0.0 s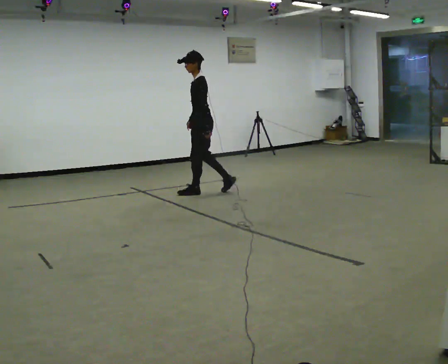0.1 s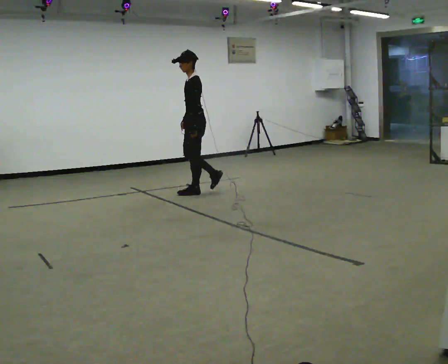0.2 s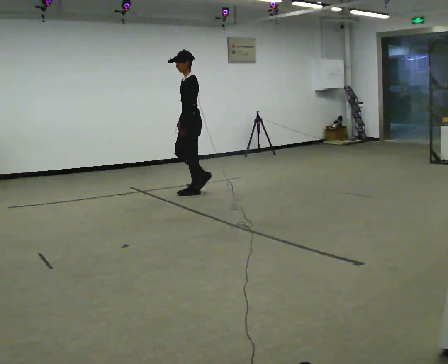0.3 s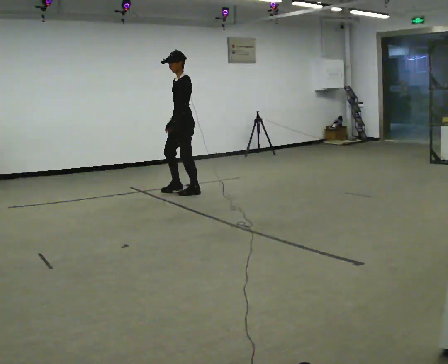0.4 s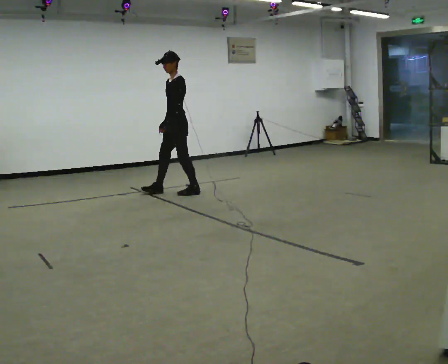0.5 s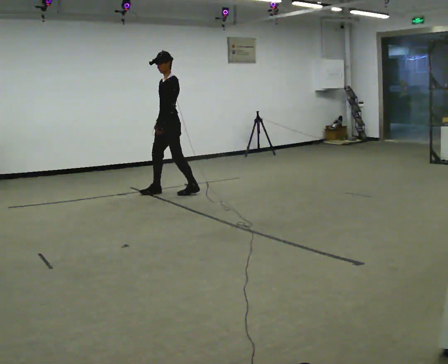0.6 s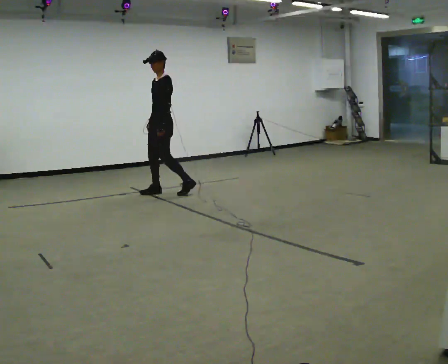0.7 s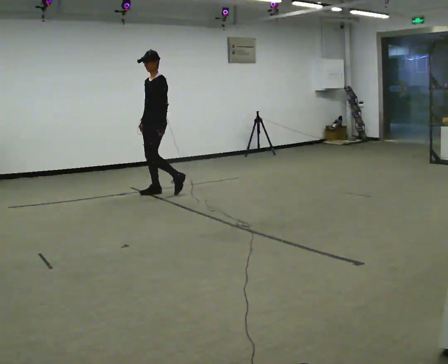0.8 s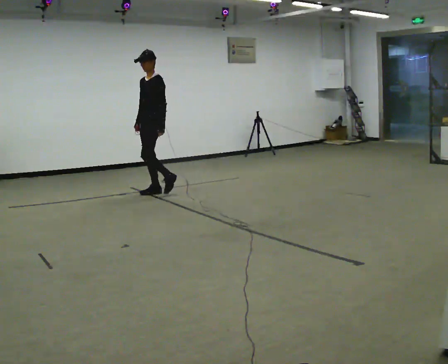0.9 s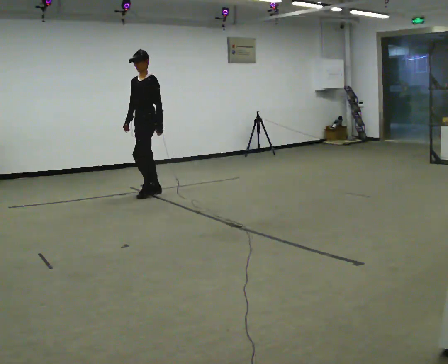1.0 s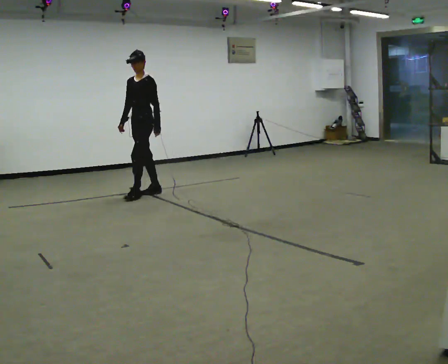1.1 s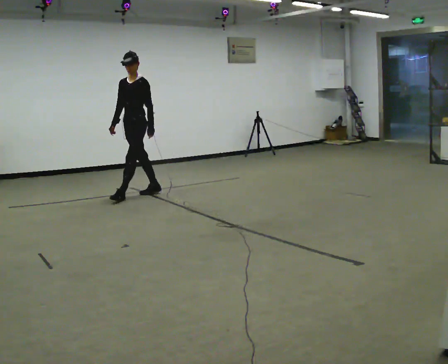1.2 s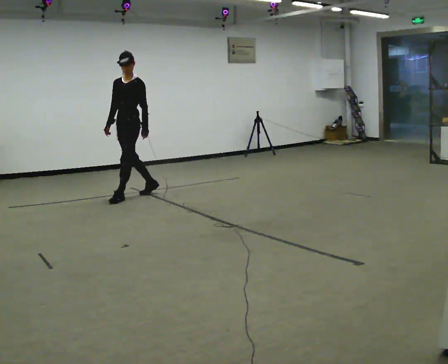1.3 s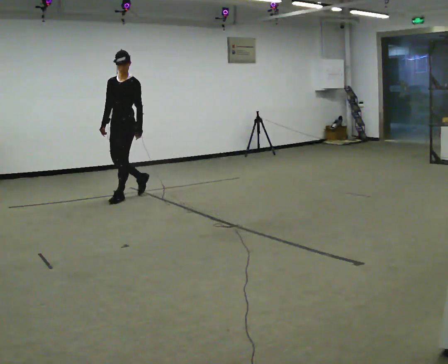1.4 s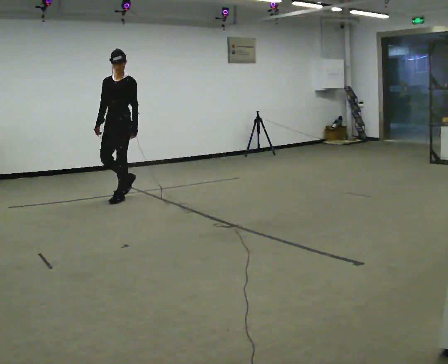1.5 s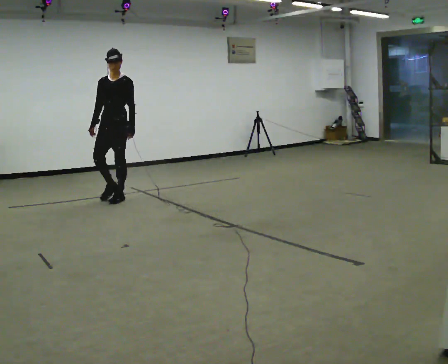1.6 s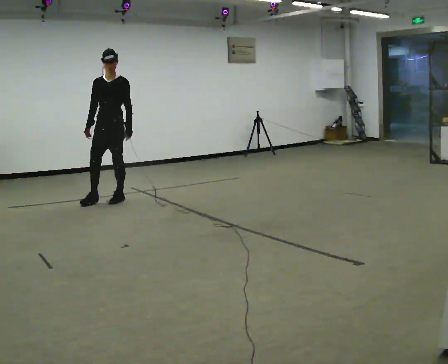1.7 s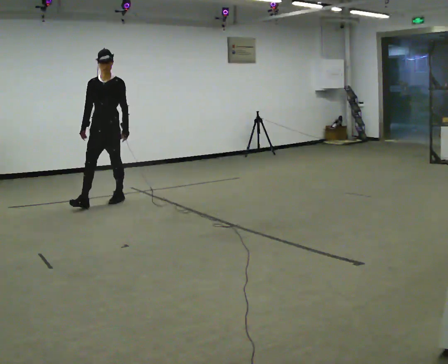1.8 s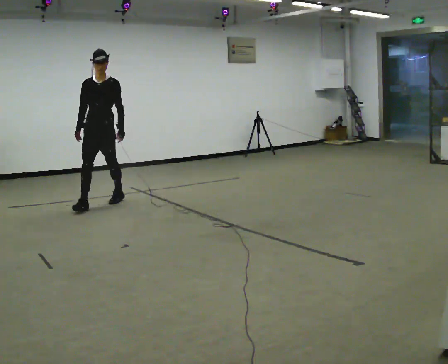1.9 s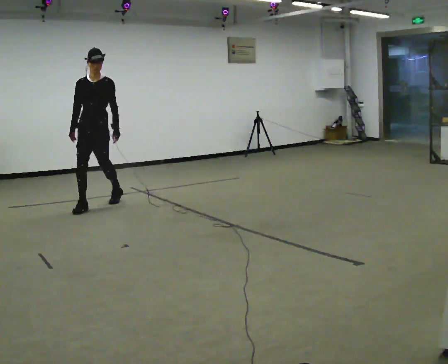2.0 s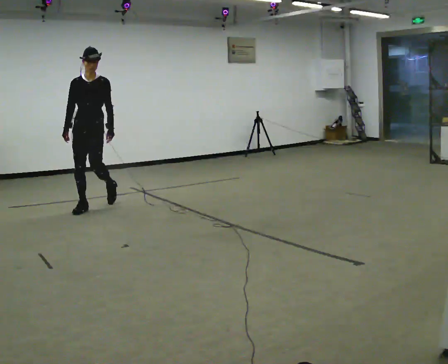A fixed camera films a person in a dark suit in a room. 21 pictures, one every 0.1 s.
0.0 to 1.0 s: The person turns about 45 degrees to their left, counterclockwise seen from above, so the part of the body nearest the lens slides to the right. In the picture they go to the left, about 0.5 m in 1 step, which for them is forward.
1.0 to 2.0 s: The person turns about 45 degrees to their left, counterclockwise seen from above, so the part of the body nearest the lens slides to the right. In the picture they go toward the camera and to the left, about 1 m in 2 steps, which for them is forward.
The film runs forward here.
